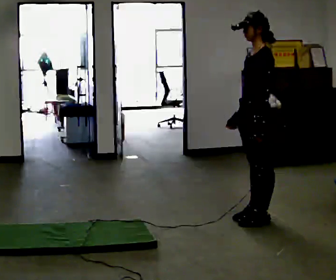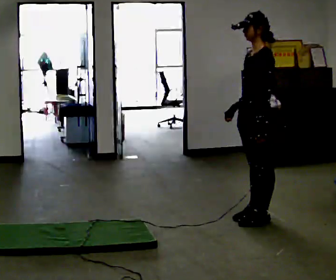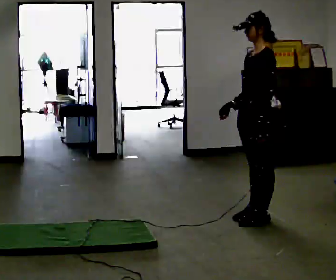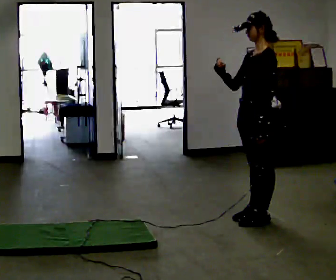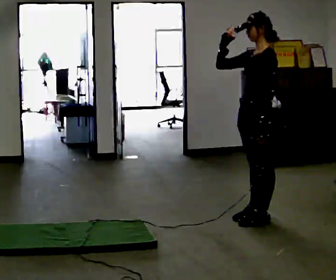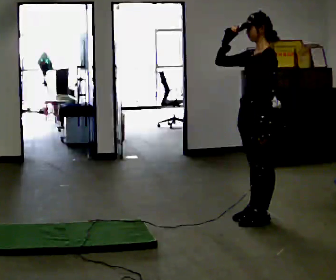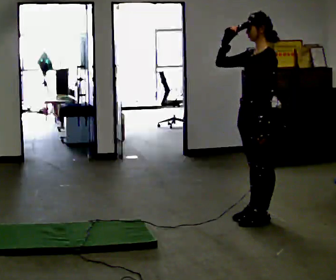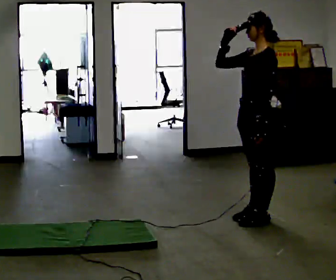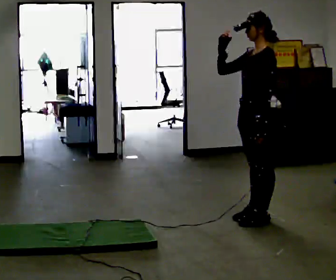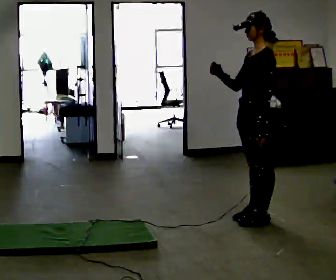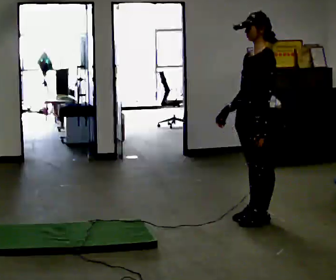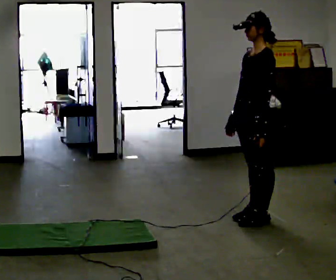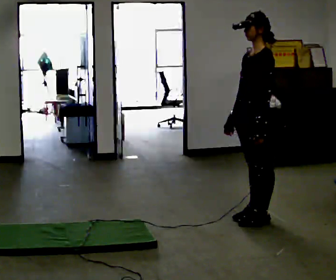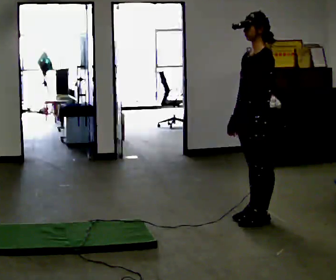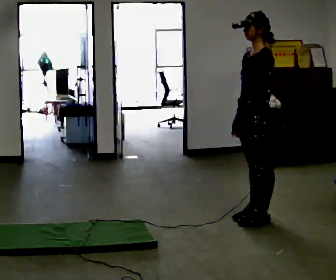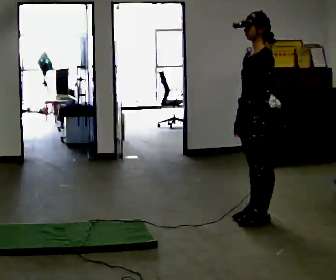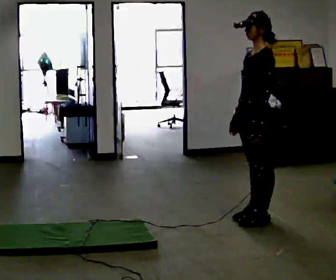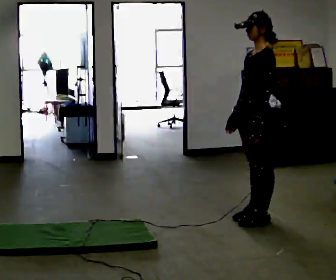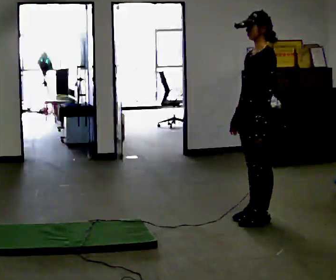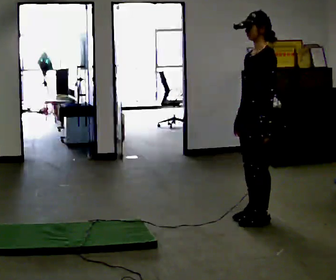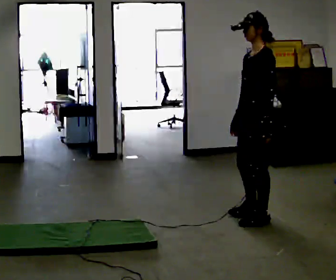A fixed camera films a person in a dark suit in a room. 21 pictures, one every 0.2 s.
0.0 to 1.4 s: In the picture their right hand goes upward.
1.4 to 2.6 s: In the picture their right hand goes downward, the arm swinging counterclockwise.
2.6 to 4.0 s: The person moves a little, or ends about where they began.
The film runs backward here.
